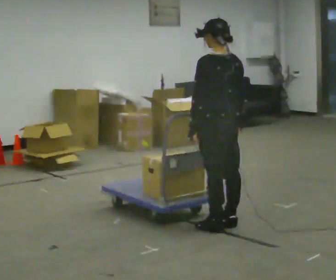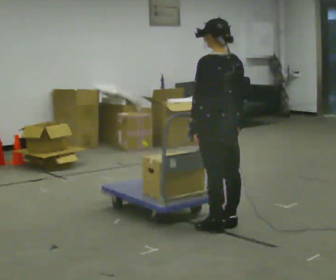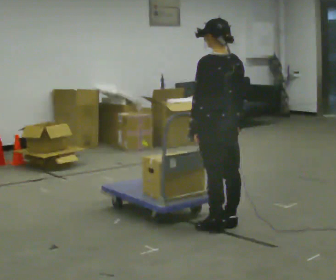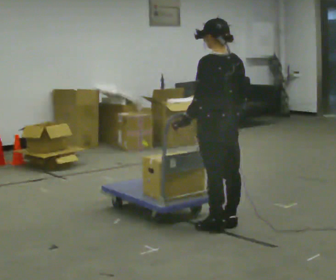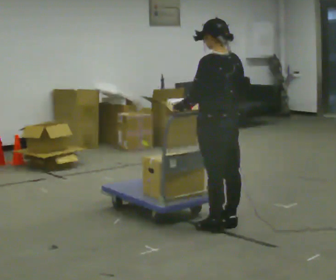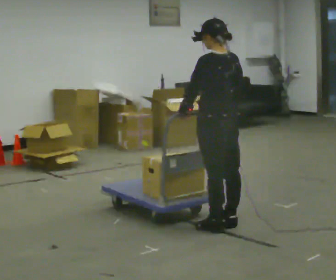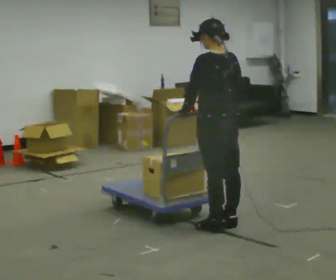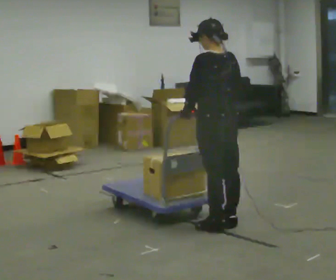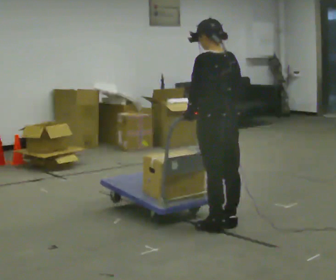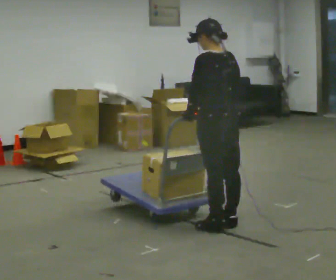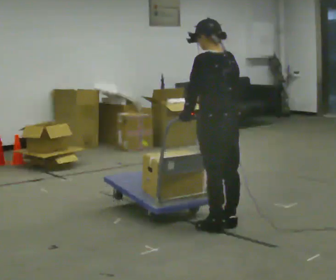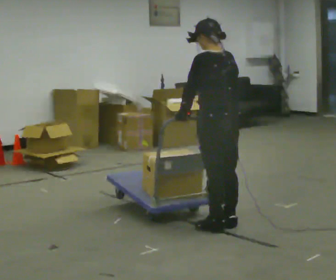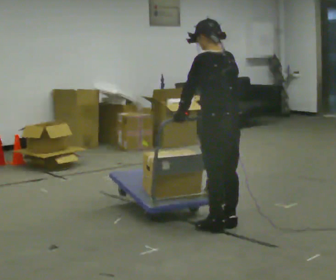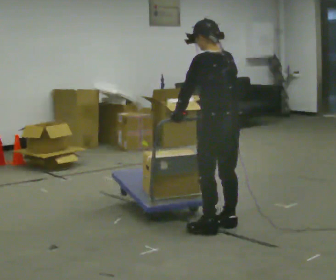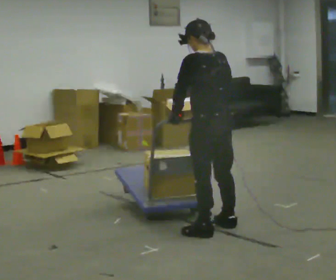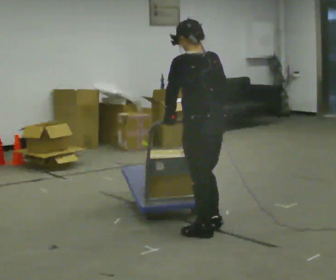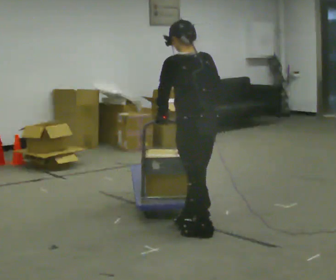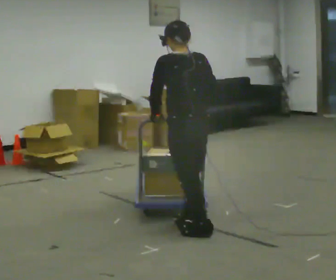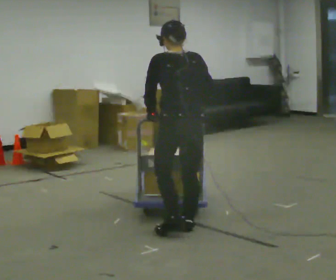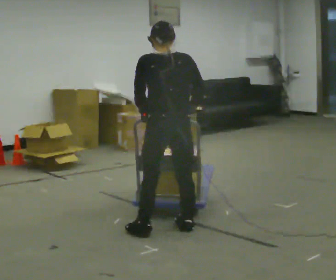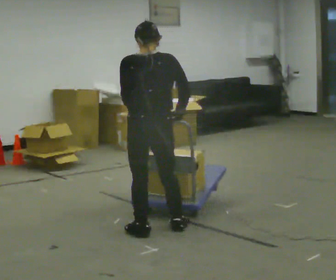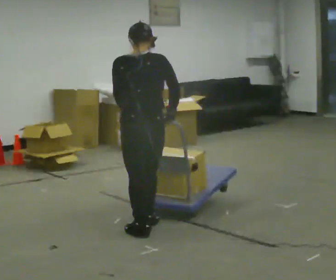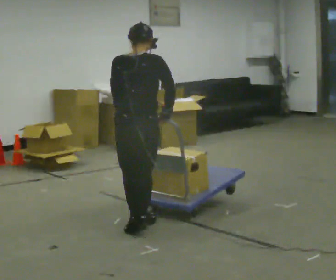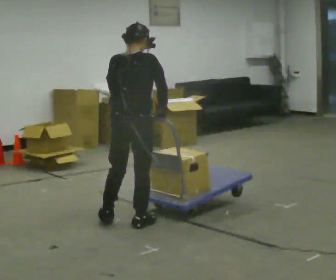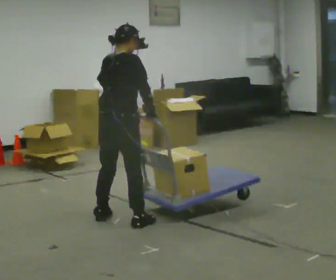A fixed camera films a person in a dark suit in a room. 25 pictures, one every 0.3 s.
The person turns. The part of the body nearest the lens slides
to the left.
The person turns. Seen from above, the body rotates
clockwise.
0.0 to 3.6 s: The person moves a little, or ends about where they began.
3.6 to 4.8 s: In the picture they go to the left, about 0.25 m in 1 step, which for them is to their left.
4.8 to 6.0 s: The part of the body nearest the lens slides to the left as the person turns to their right by about 30 degrees. In the picture they go to the left, about 0.25 m in 1 step, which for them is to their left and forward.
6.0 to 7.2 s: The part of the body nearest the lens slides to the left as the person turns to their right by about 45 degrees. In the picture they go to the left and away from the camera, about 0.5 m in 2 steps, which for them is to their left and forward.
The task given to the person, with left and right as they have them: Turn the cart round to face the other way without moving it out of the marked square, then turn it back. Repeat until the operator says stop.
The film runs forward here.
